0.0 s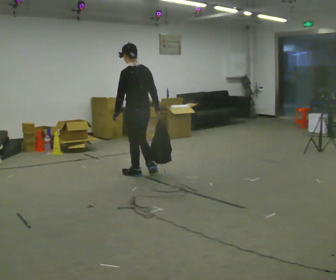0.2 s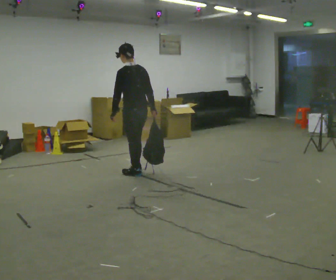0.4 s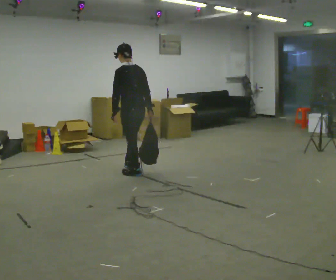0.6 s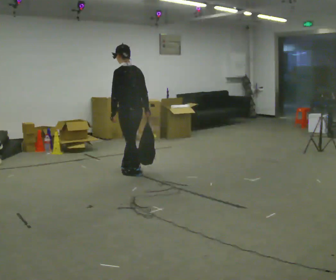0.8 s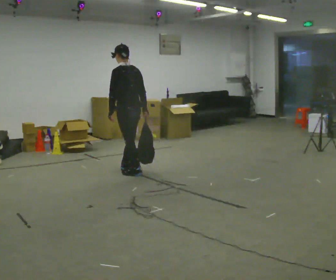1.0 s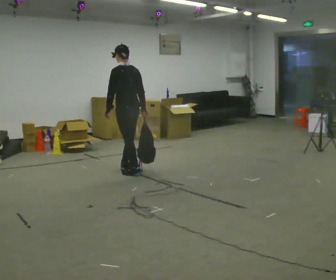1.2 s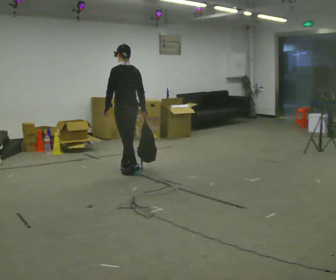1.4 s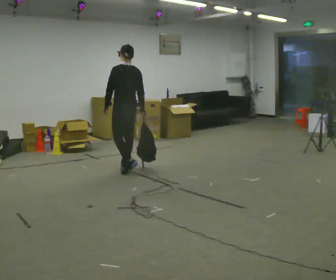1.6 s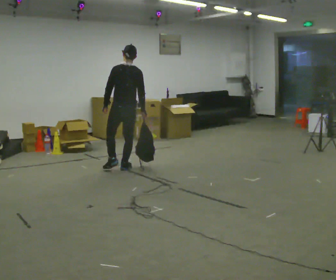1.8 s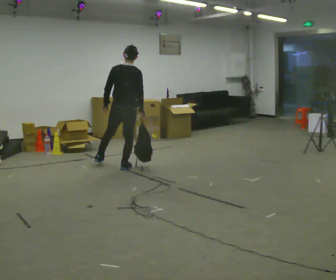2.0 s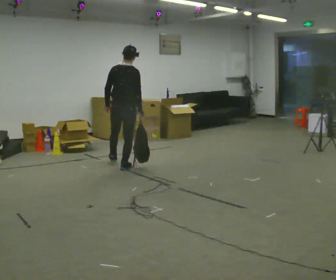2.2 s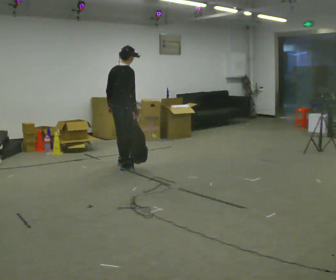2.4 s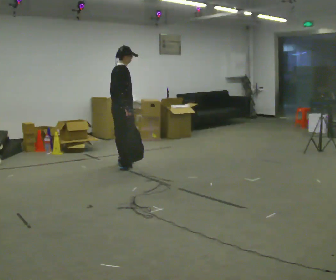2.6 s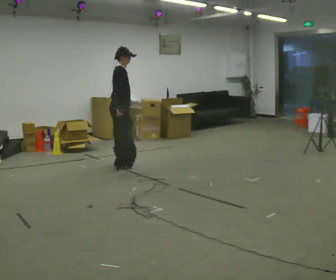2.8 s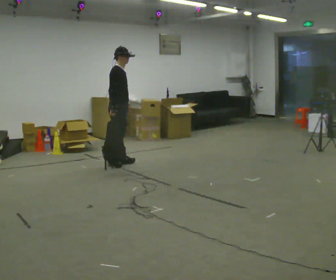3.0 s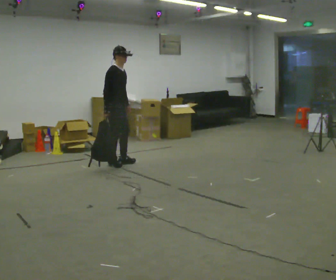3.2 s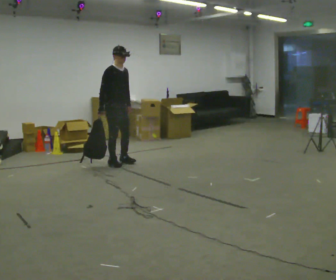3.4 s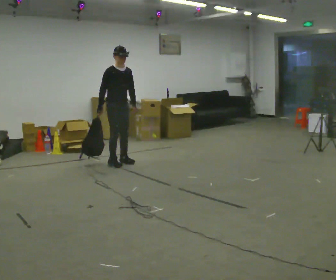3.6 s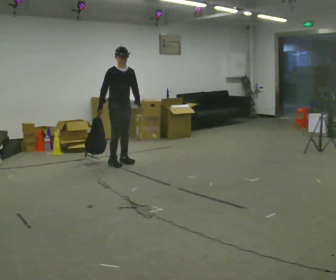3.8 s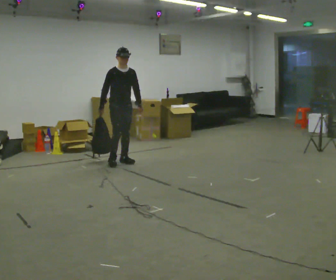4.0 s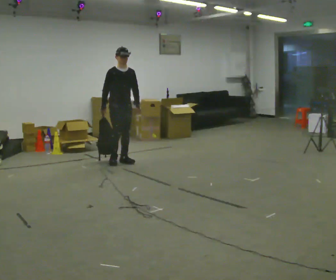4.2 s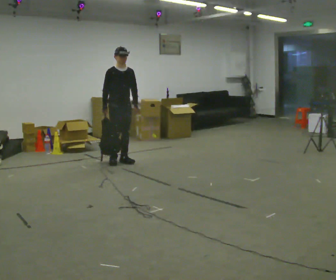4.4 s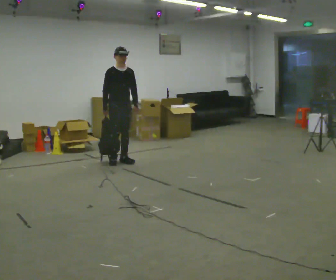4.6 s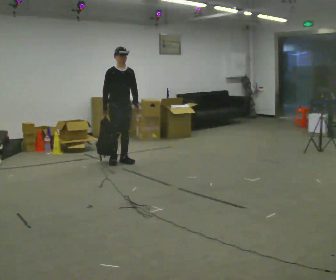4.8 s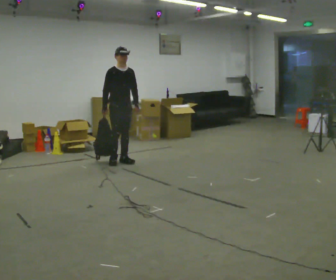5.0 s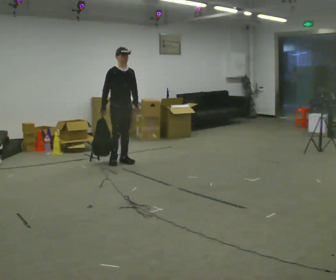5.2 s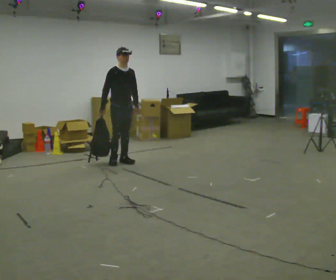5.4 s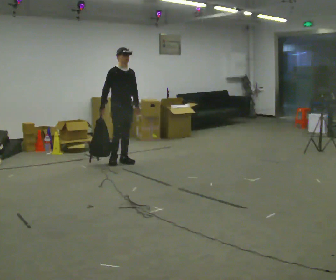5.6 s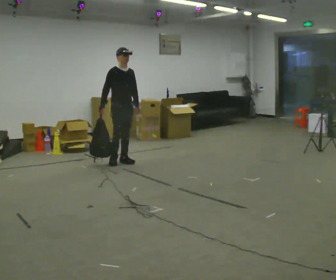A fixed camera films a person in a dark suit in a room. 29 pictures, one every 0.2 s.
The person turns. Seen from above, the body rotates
clockwise.
The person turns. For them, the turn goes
to their right.
0.0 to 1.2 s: In the picture they go away from the camera, about 0.25 m in 1 step, which for them is forward.
1.2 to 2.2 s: Seen from above the body turns clockwise, about 75 degrees: to their right, with its near side sliding to the left. In the picture they go away from the camera, about 0.25 m in 1 step.
2.2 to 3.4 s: The part of the body nearest the lens slides to the left as the person turns to their right by about 105 degrees. In the picture they go away from the camera, about 0.25 m in 2 steps. In the picture their right hand goes to the left.
3.4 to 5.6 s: The person moves a little, or ends about where they began.
The film runs forward here.
